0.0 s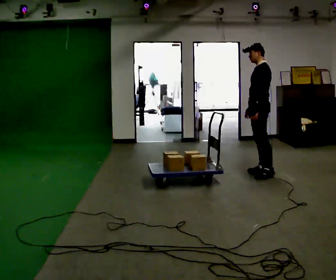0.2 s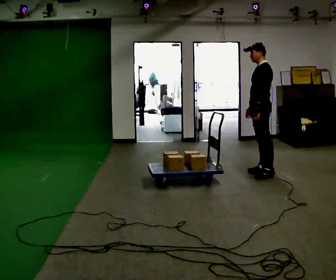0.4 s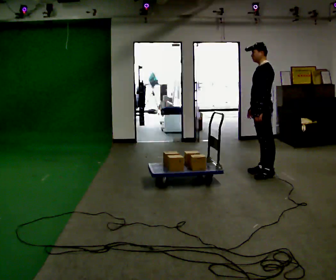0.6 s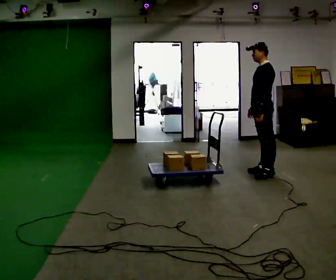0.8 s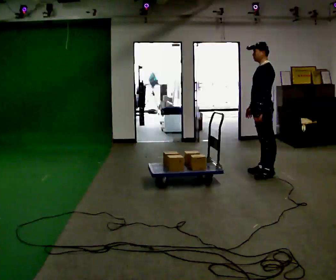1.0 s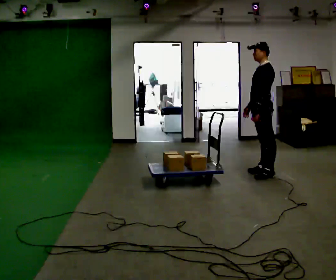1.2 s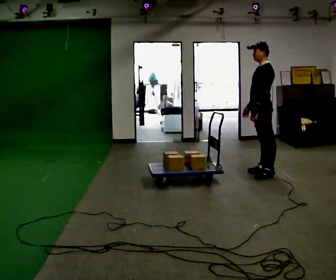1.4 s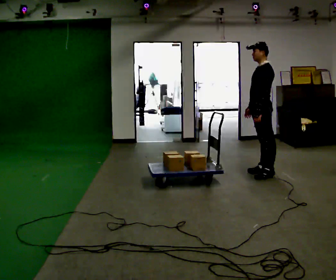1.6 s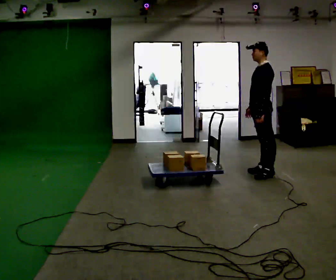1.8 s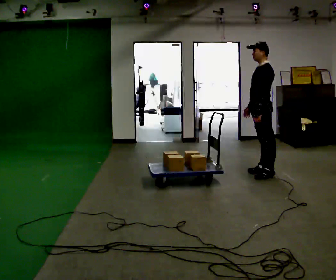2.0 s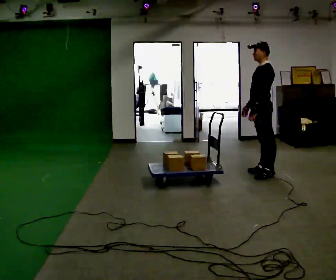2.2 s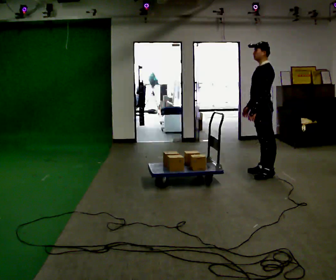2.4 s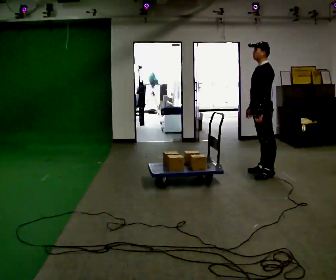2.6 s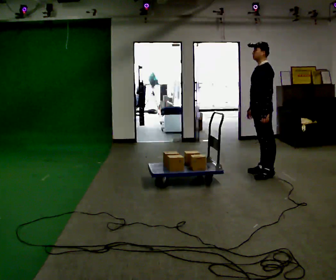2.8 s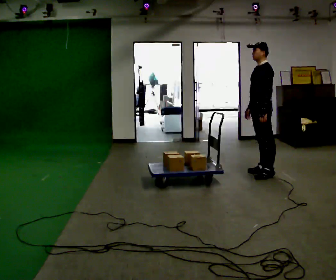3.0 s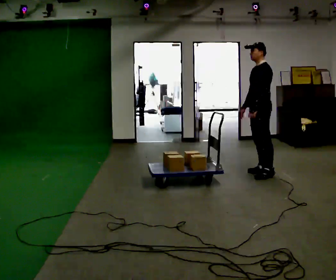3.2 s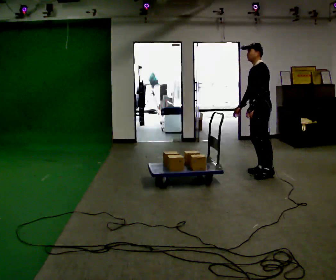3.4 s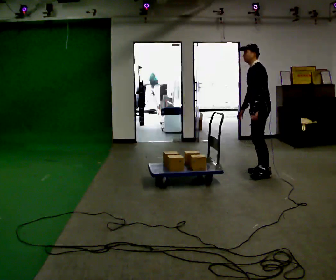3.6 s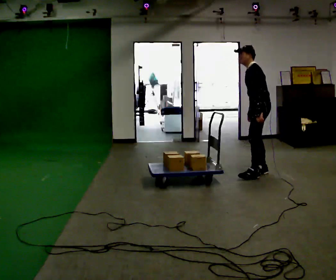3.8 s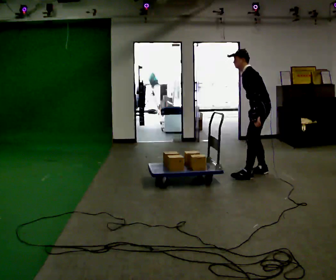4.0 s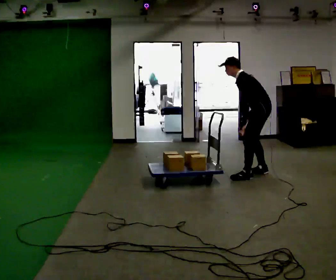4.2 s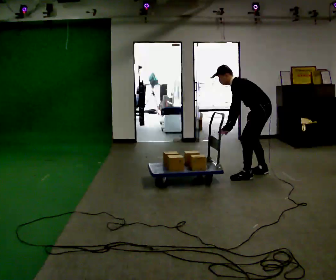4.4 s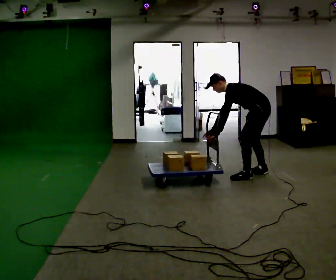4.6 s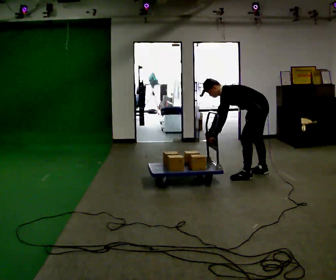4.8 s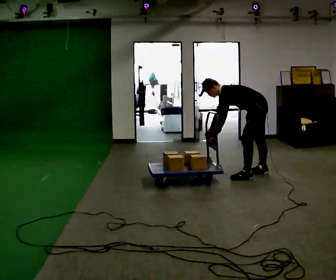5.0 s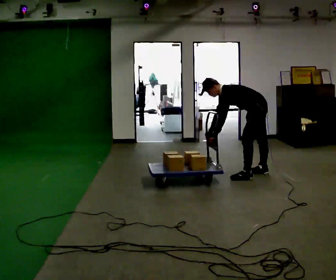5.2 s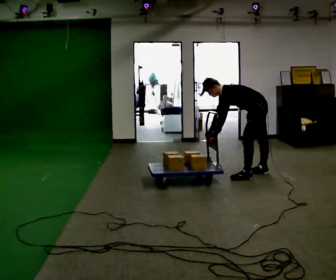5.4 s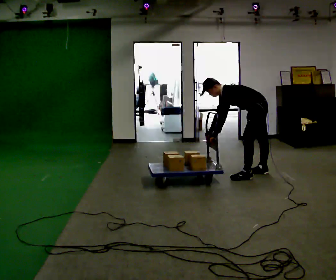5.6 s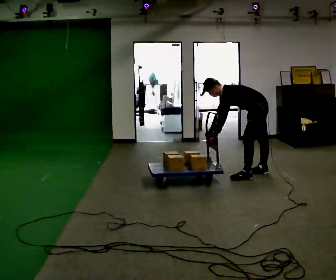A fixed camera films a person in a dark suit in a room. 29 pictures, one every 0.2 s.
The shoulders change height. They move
downward.
The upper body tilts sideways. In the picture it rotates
counterclockwise.
0.0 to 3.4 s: The person moves a little, or ends about where they began.
3.4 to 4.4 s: In the picture they go toward the camera, about 0.25 m, which for them is to their left. The upper body goes downward. In the picture the upper body tilts counterclockwise, shoulders to the left, as they bend forward. In the picture their left hand goes to the left.
4.4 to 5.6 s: The upper body tips toward the camera, its near side rolling downward.
The film runs backward here.
